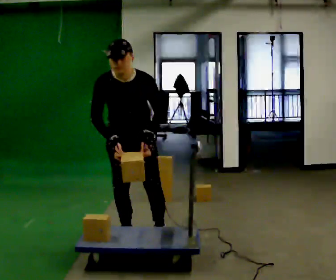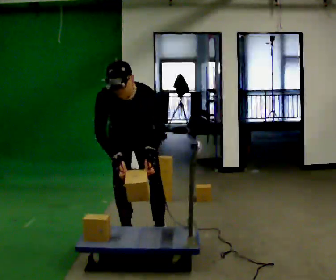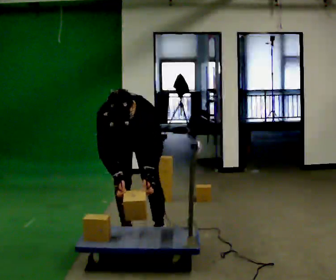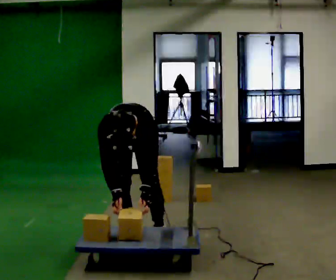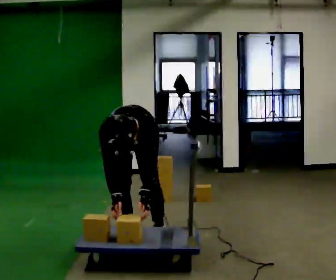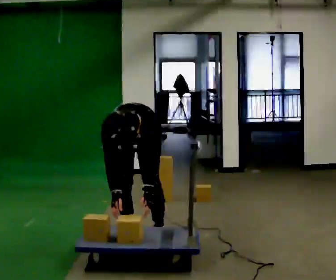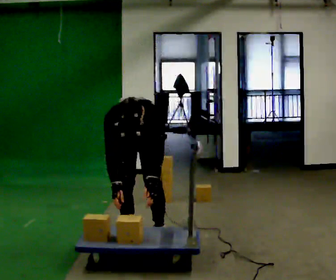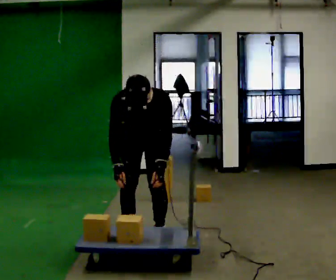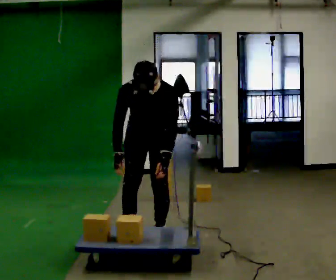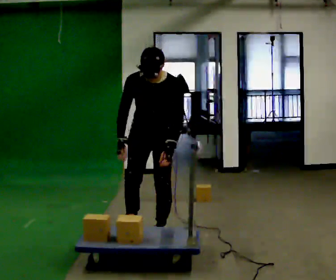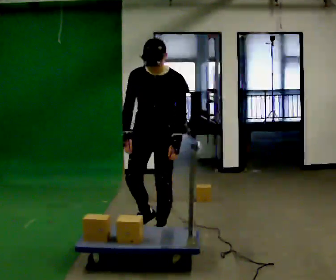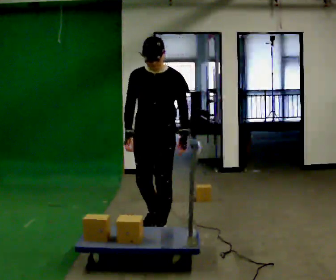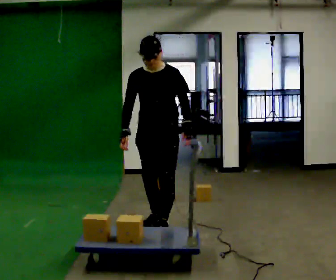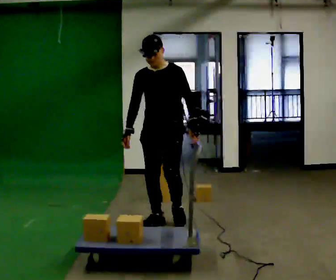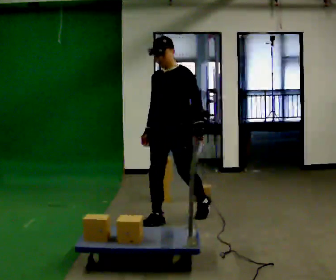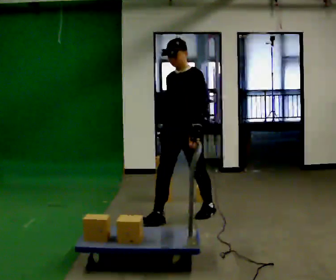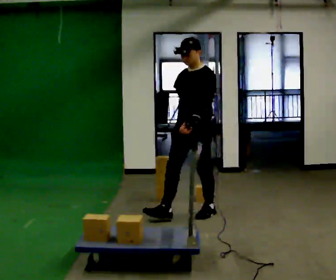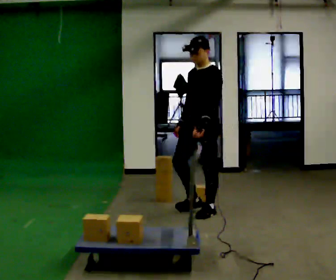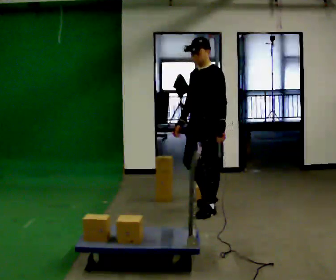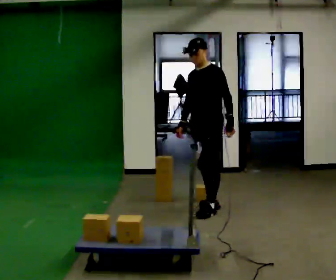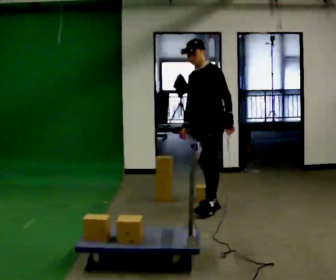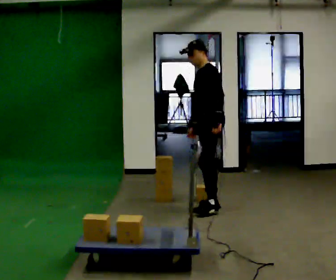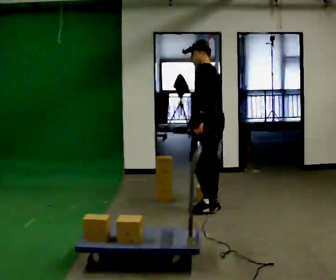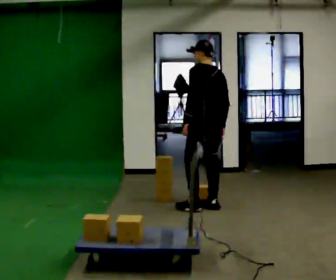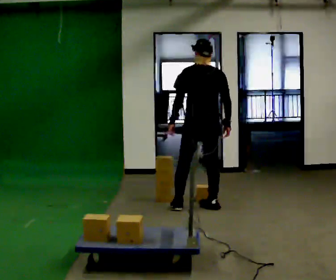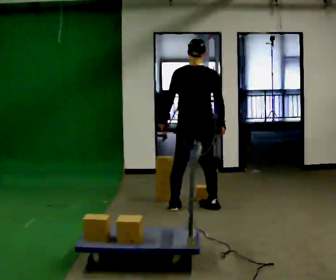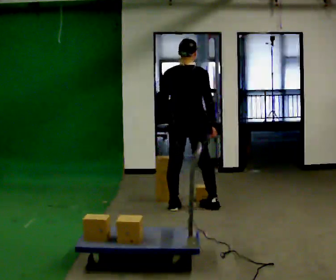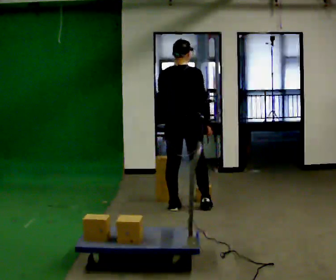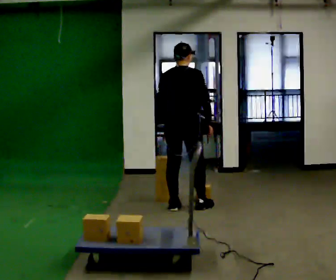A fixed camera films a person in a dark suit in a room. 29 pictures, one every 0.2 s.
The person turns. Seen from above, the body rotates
clockwise.
The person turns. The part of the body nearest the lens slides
to the left.
0.0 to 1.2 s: The upper body goes downward. The upper body tips toward the camera, its near side rolling downward, as they bend forward. In the picture their left hand goes downward.
1.2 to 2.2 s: In the picture they go to the right, about 0.25 m in 1 step, which for them is backward and to their left. The shoulders move upward. The upper body tips away from the camera, its near side rolling upward, as they lean back or straighten. In the picture their right hand goes upward.
2.2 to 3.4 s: The person turns about 30 degrees to their right, clockwise seen from above, so the part of the body nearest the lens slides to the left. In the picture they go away from the camera and to the right, about 0.5 m in 2 steps, which for them is backward.
3.4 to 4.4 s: The part of the body nearest the lens slides to the left as the person turns to their right by about 60 degrees. In the picture they go away from the camera, about 0.25 m in 1 step, which for them is backward and to their right.
4.4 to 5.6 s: The person turns about 90 degrees to their right, clockwise seen from above, so the part of the body nearest the lens slides to the left. In the picture they go to the left, about 0.25 m in 1 step.
The film runs backward here.
